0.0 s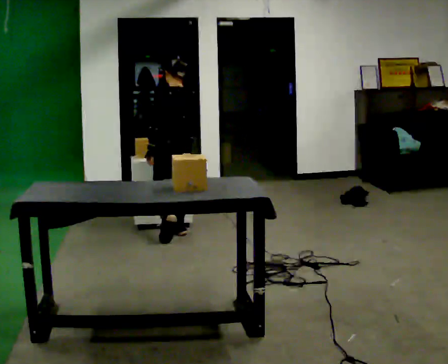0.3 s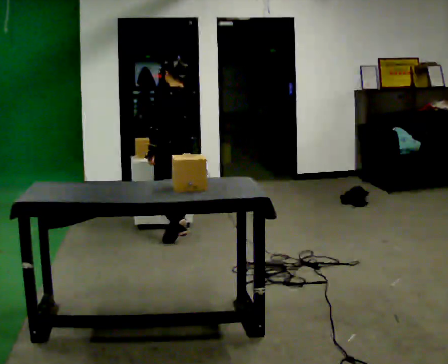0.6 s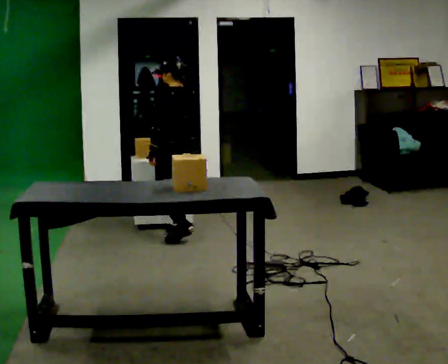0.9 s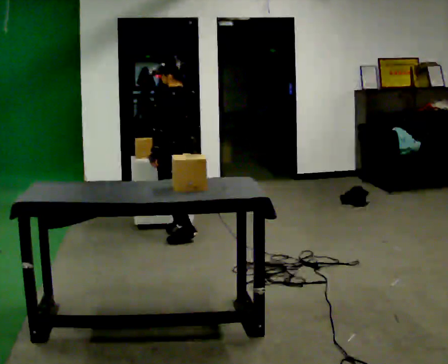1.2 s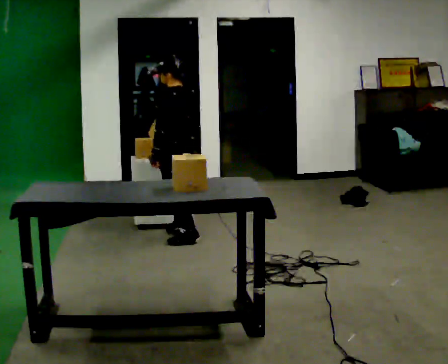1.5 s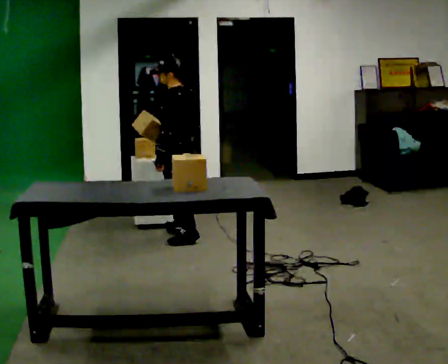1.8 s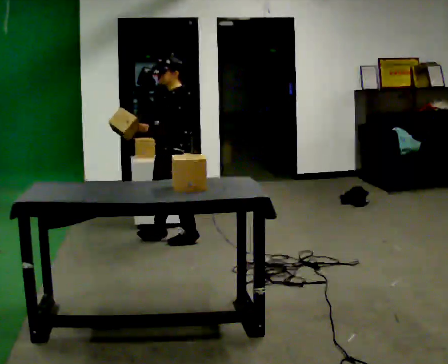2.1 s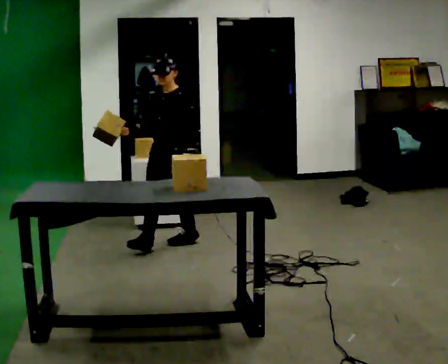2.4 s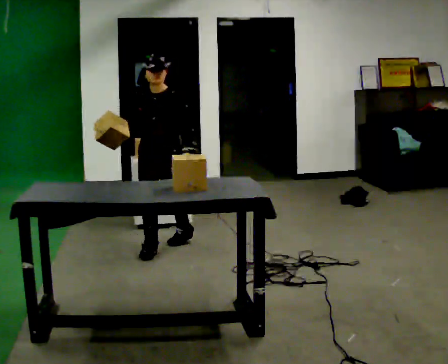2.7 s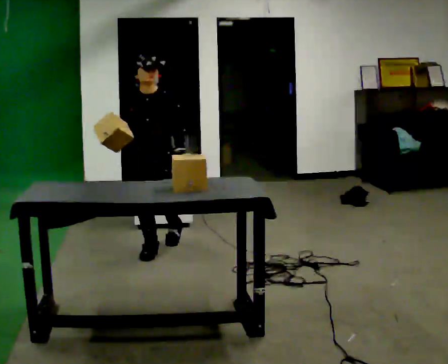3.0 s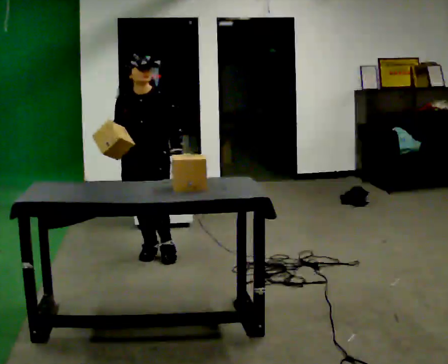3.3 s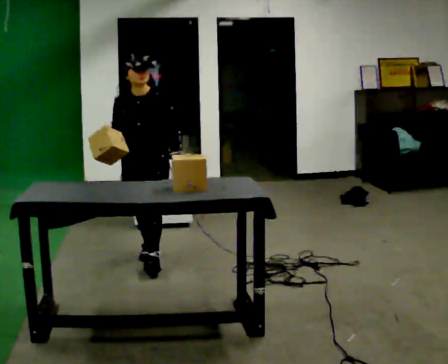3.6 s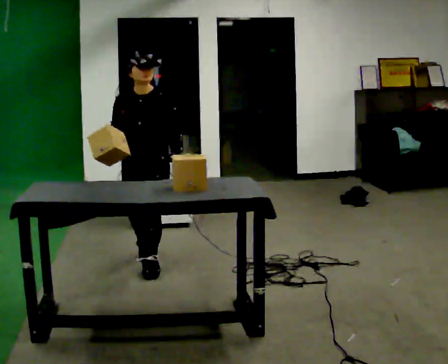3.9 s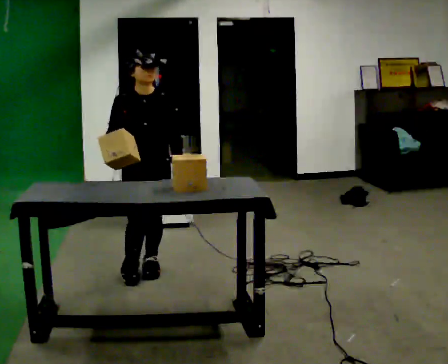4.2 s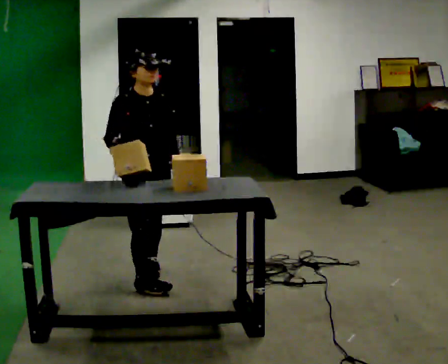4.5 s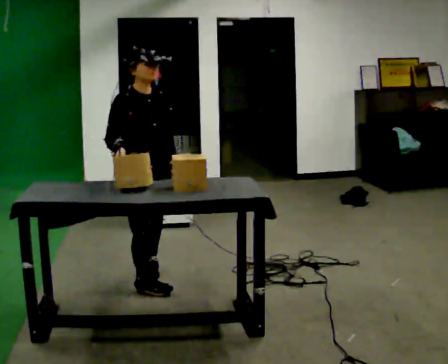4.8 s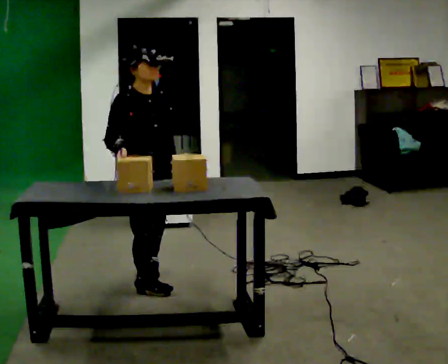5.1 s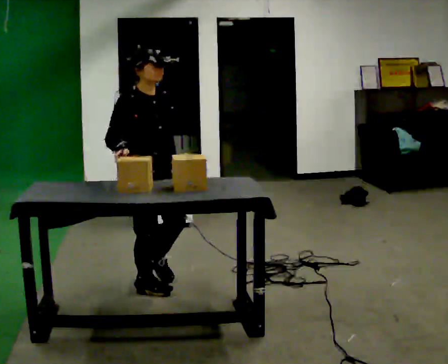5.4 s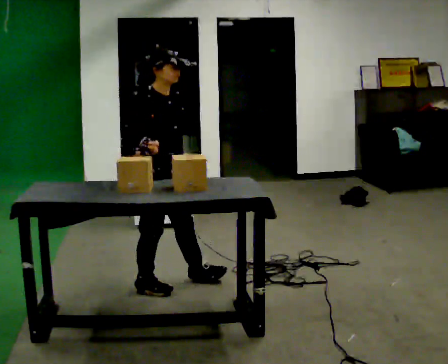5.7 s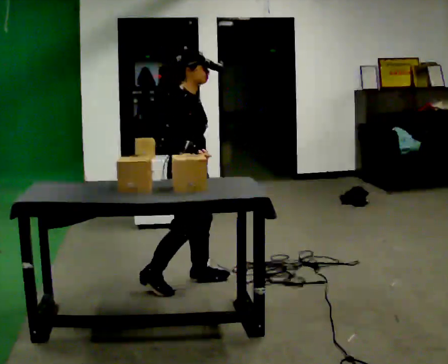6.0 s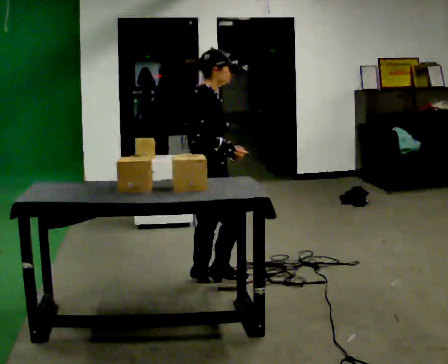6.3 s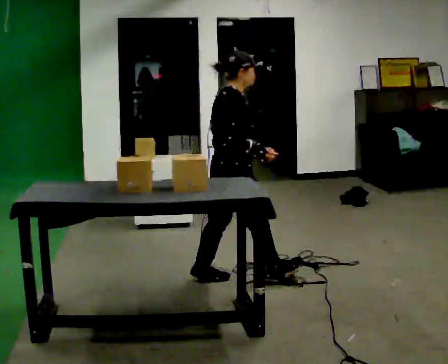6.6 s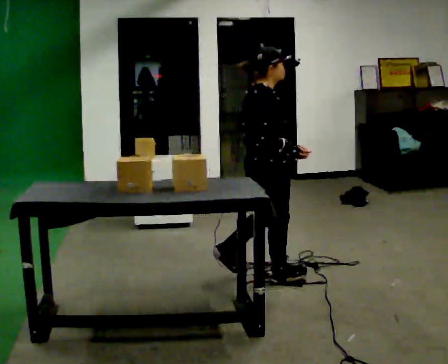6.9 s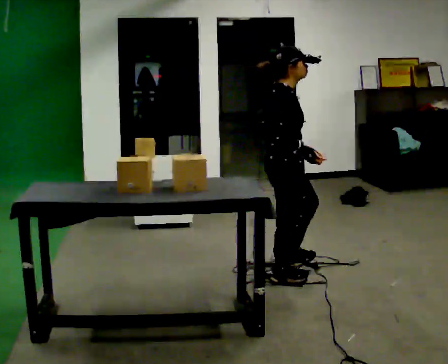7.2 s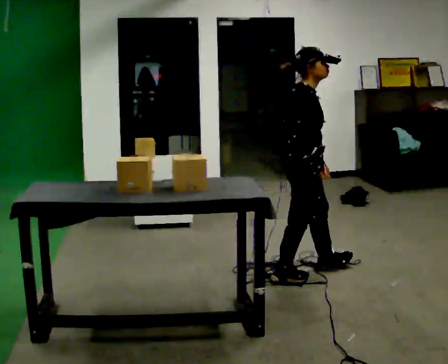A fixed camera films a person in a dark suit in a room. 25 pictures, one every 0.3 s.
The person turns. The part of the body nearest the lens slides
to the right.
The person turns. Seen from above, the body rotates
counterclockwise.
0.0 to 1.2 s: In the picture they go toward the camera, about 0.25 m, which for them is backward.
1.2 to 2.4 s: The part of the body nearest the lens slides to the right as the person turns to their left by about 120 degrees. In the picture they go toward the camera and to the left, about 0.25 m in 1 step.
2.4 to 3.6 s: In the picture they go toward the camera, about 0.5 m in 1 step, which for them is forward.
3.6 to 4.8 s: The part of the body nearest the lens slides to the right as the person turns to their left by about 45 degrees. In the picture they go toward the camera, about 0.5 m in 1 step, which for them is forward and to their right.
4.8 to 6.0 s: The person turns about 45 degrees to their left, counterclockwise seen from above, so the part of the body nearest the lens slides to the right. In the picture they go to the right, about 0.5 m in 1 step, which for them is forward and to their left.
6.0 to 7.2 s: In the picture they go to the right, about 0.5 m in 2 steps, which for them is forward.
The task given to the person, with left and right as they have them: Move objects one at a time from the waist-height shelf at one end of the room to the waist-height shelf at the other end. Keep going until the operator says stop; one object at a time, and do not rush between trips.
The film runs forward here.
